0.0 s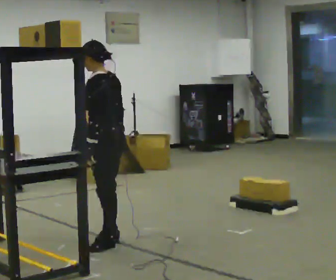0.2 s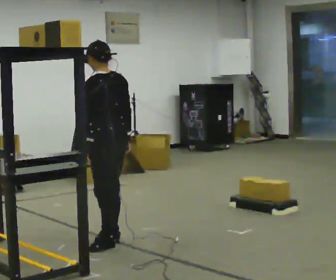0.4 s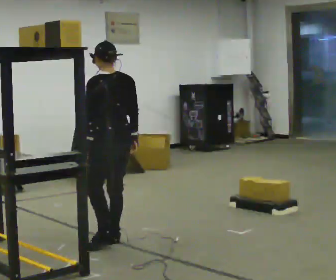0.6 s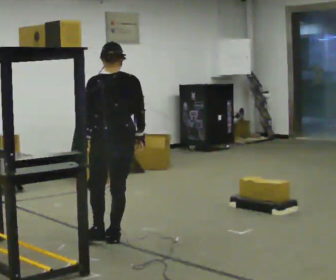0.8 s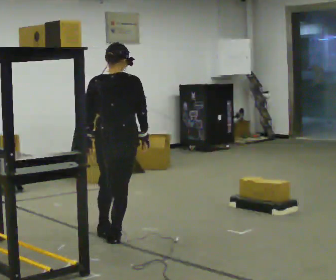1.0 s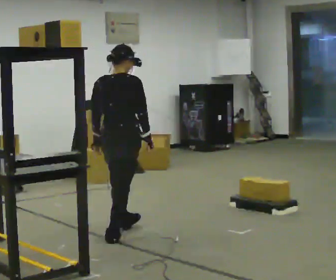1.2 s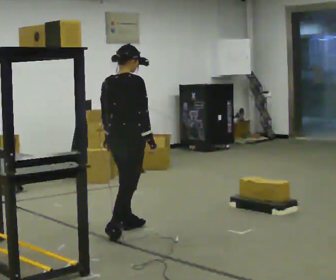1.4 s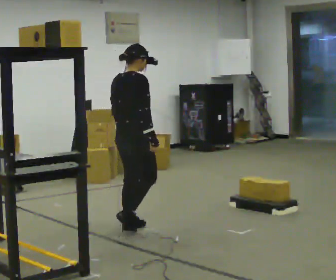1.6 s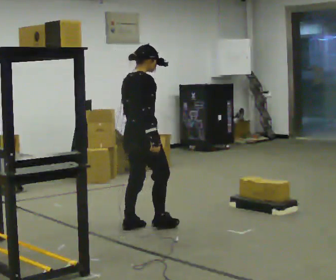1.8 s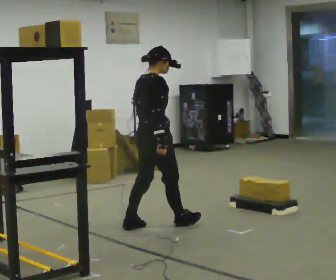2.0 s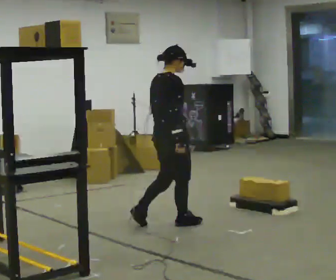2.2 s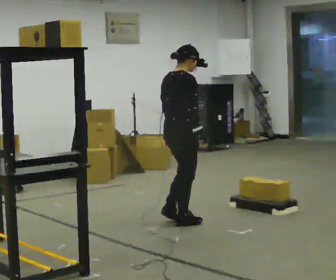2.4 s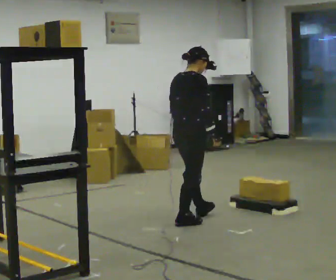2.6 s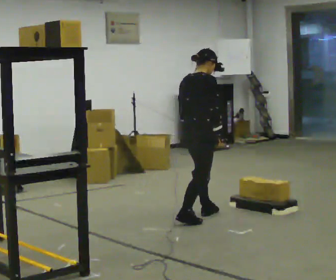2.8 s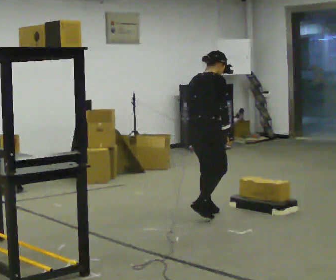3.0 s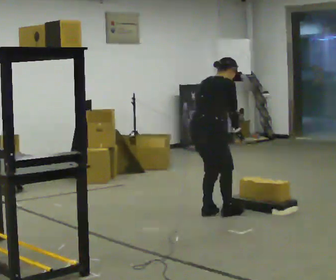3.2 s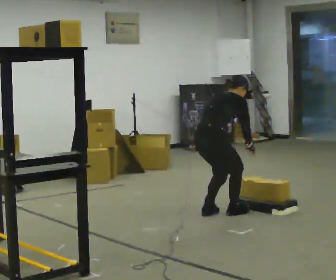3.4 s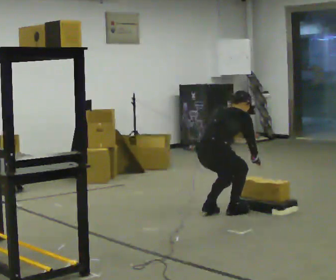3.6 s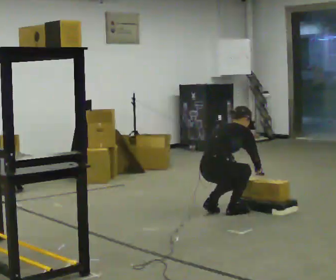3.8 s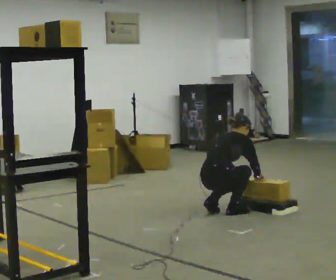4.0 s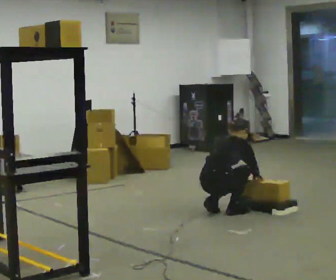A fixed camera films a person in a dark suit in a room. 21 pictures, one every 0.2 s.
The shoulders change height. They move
downward.
Their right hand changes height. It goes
downward.
0.0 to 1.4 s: Seen from above the body turns clockwise, about 135 degrees: to their right, with its near side sliding to the left. In the picture they go away from the camera, about 0.5 m in 1 step.
1.4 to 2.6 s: In the picture they go to the right and away from the camera, about 0.75 m in 2 steps, which for them is forward.
2.6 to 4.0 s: The upper body goes downward. In the picture the upper body tilts clockwise, shoulders to the right, as they bend forward. In the picture their right hand goes downward and to the right.
The film runs forward here.
